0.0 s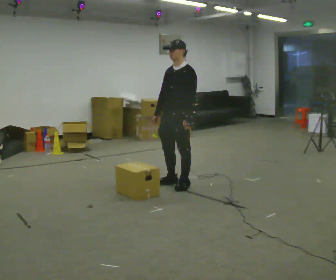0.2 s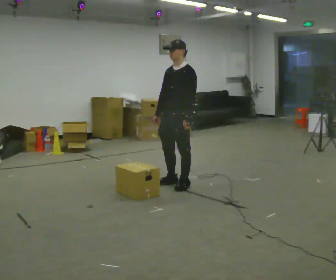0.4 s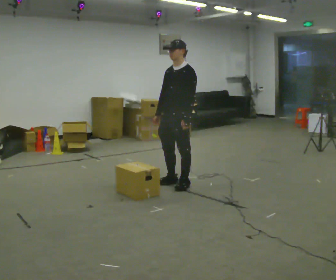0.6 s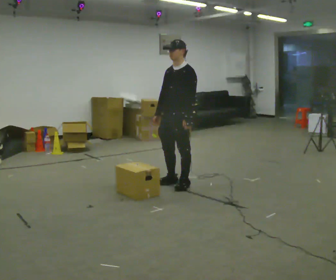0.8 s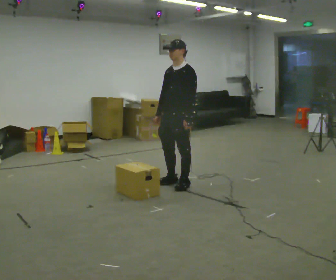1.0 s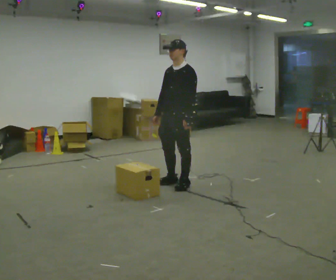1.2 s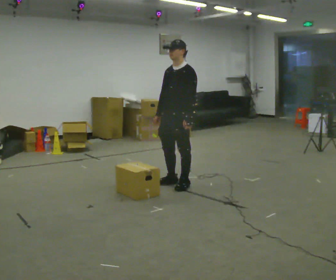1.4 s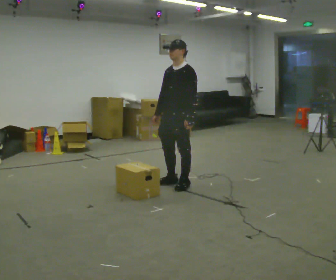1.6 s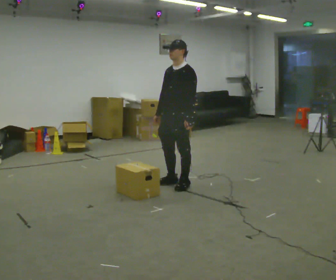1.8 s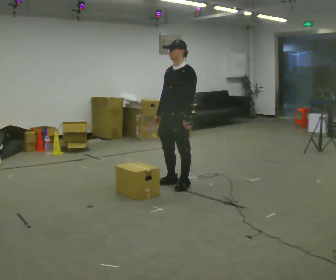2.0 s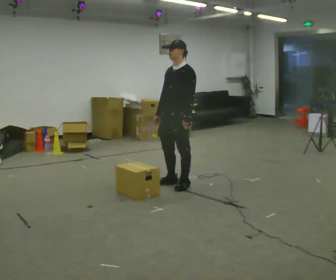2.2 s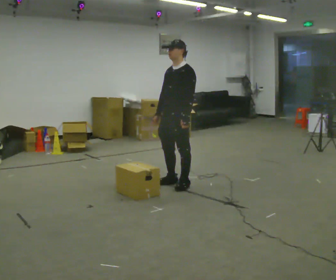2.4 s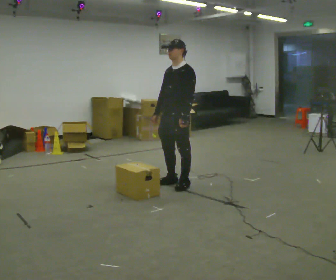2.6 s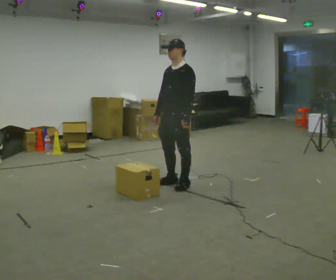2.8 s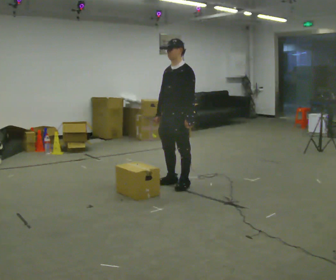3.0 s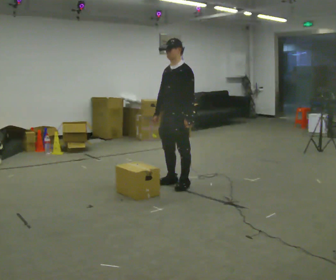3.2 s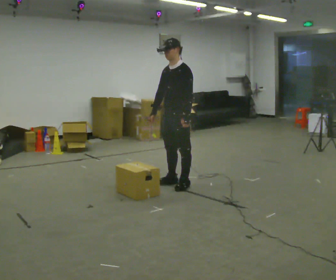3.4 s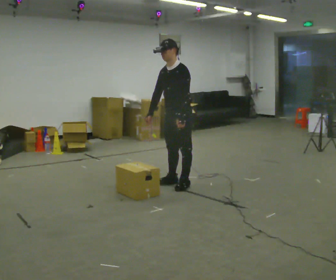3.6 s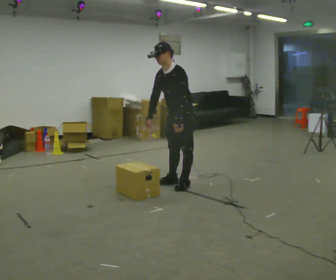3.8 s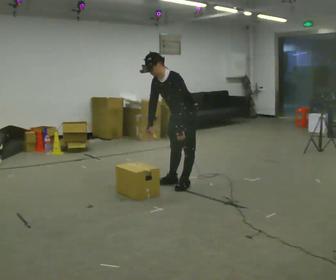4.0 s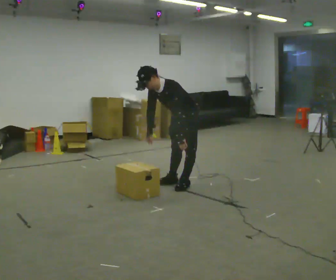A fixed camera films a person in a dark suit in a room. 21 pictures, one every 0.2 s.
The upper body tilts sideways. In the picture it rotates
counterclockwise.
0.0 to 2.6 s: The person moves a little, or ends about where they began.
2.6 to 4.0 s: The upper body goes downward. In the picture the upper body tilts counterclockwise, shoulders to the left, as they bend forward.
The film runs backward here.
